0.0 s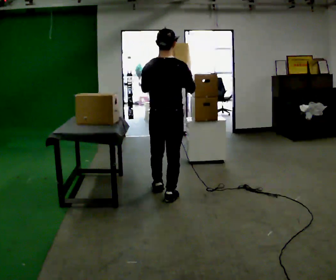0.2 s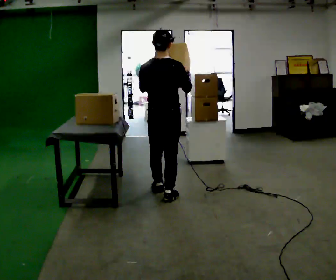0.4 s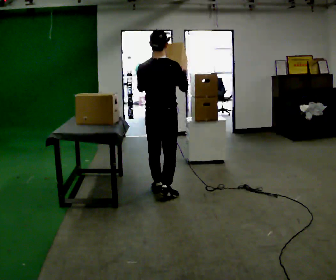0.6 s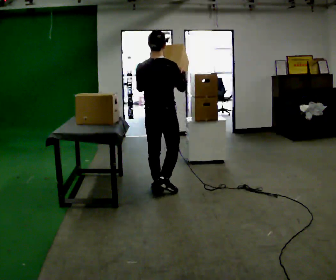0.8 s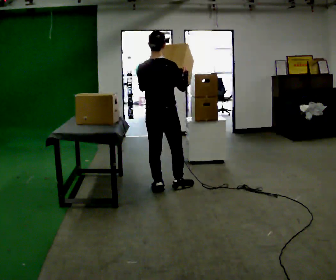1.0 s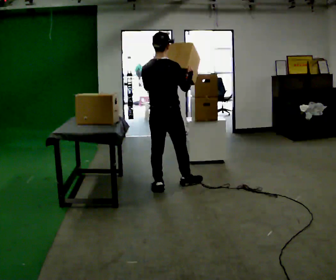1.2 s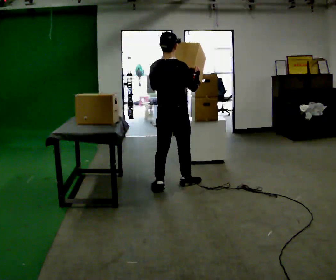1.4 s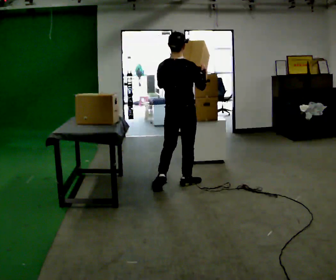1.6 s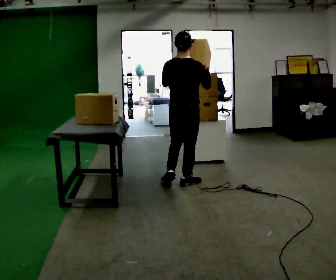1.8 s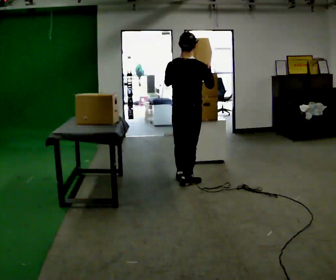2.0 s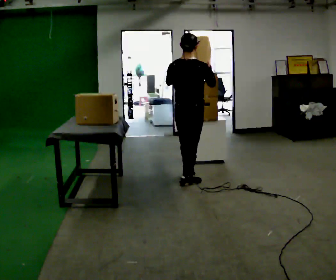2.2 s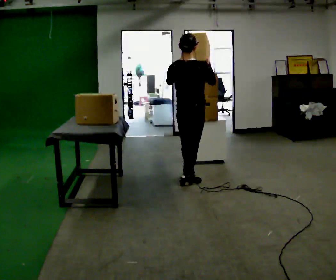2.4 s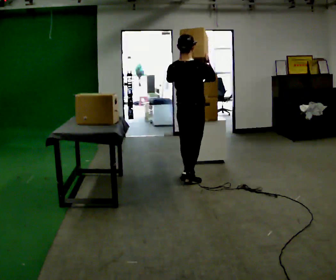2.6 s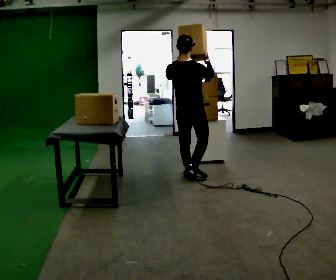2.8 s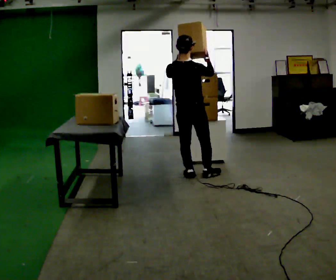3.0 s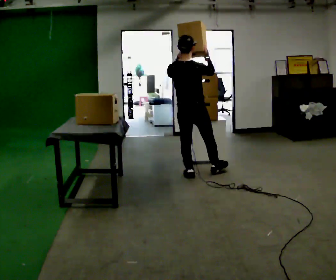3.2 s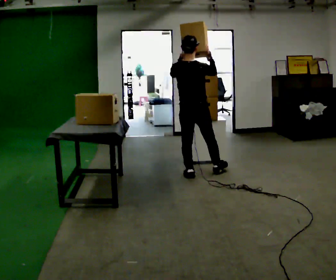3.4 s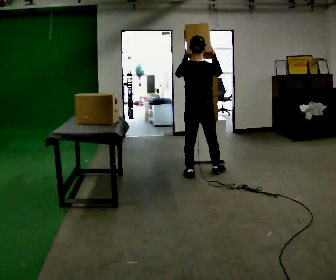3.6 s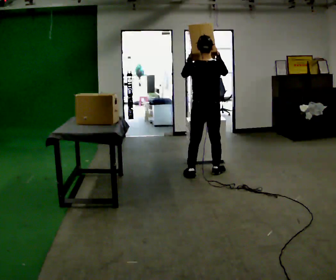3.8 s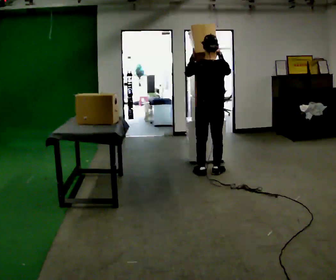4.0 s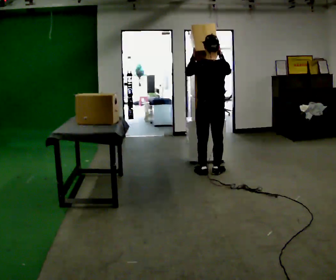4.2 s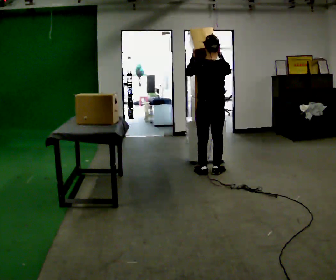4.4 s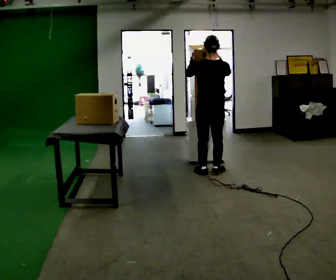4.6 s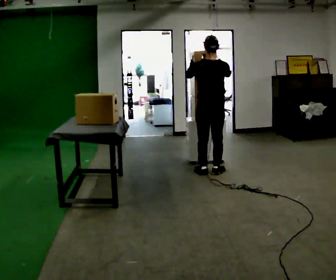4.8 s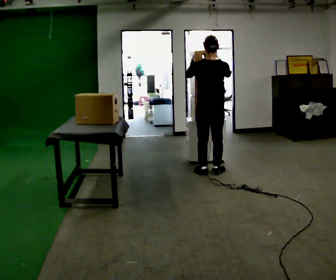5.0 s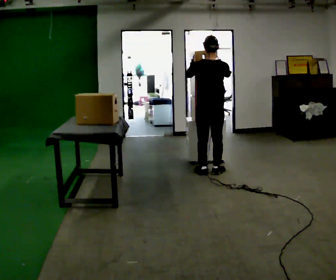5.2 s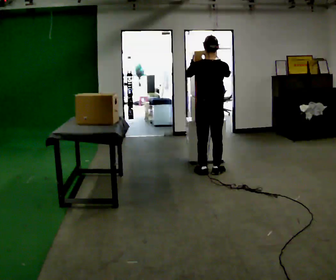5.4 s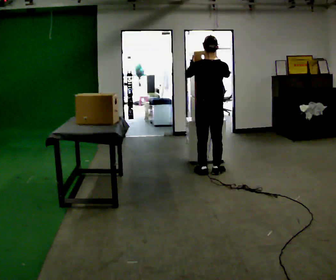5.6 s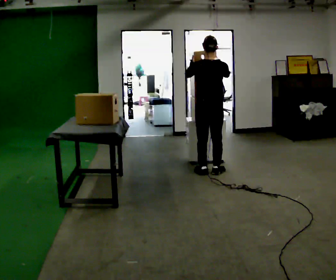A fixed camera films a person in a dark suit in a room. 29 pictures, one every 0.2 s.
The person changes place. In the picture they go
away from the camera.
0.0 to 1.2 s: In the picture they go away from the camera, about 0.25 m in 1 step, which for them is forward.
1.2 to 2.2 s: In the picture they go away from the camera and to the right, about 0.25 m in 1 step, which for them is forward and to their right.
2.2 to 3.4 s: In the picture they go away from the camera, about 0.25 m in 1 step, which for them is forward.
3.4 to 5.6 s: The person moves a little, or ends about where they began.
The film runs forward here.
